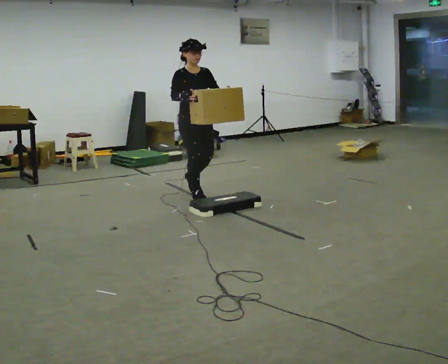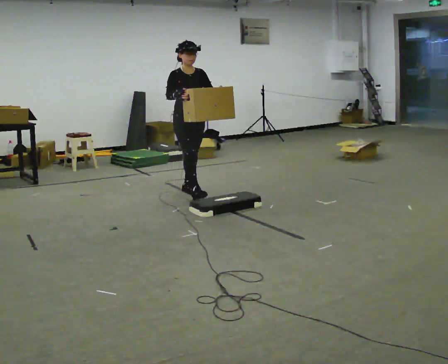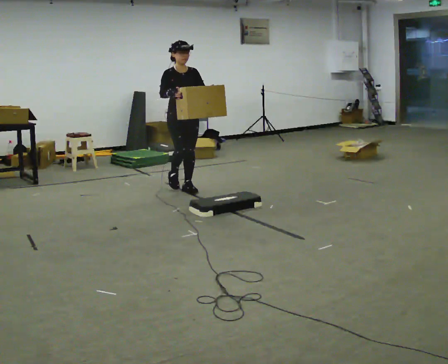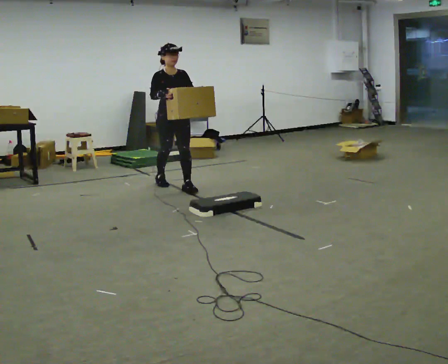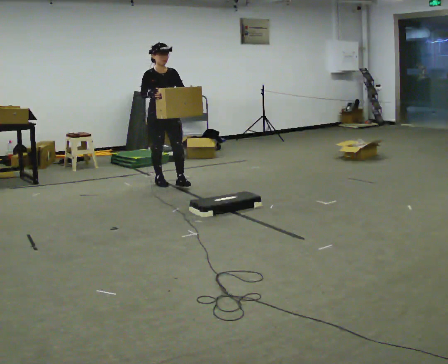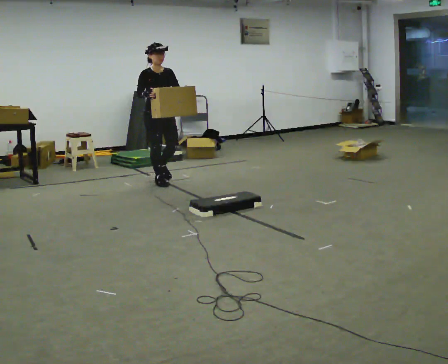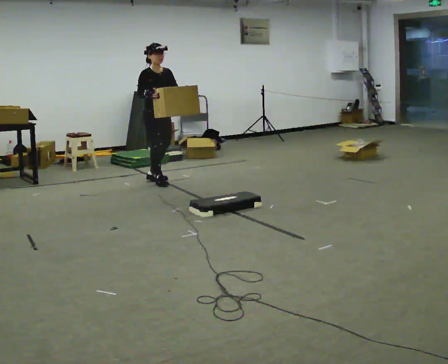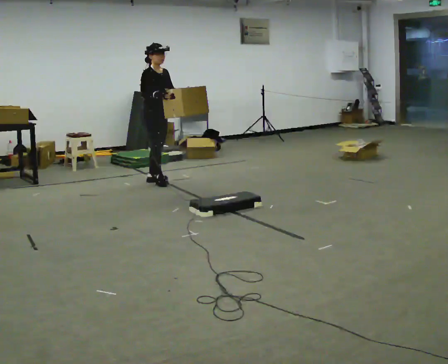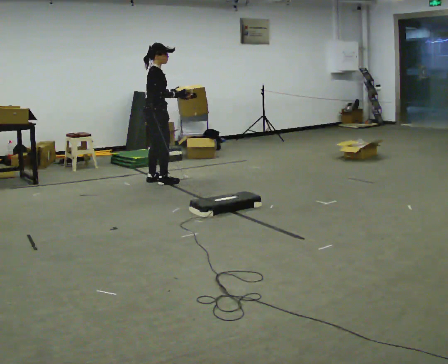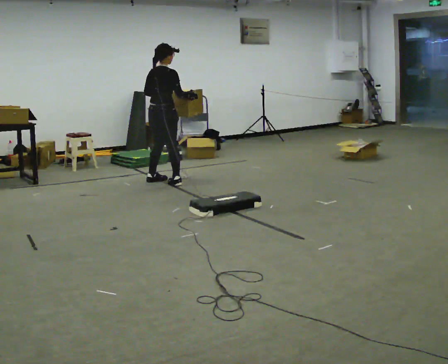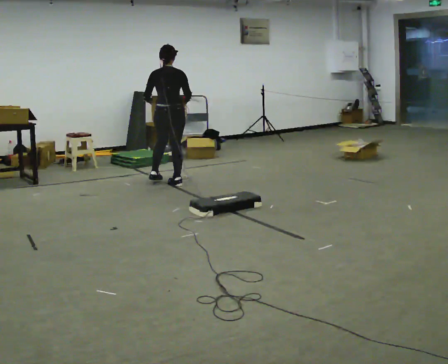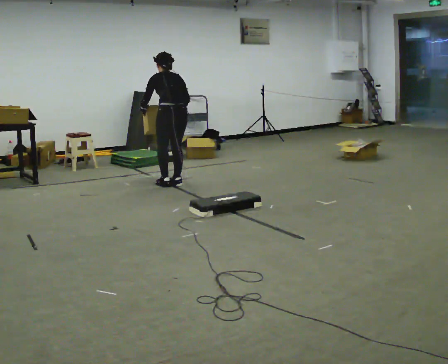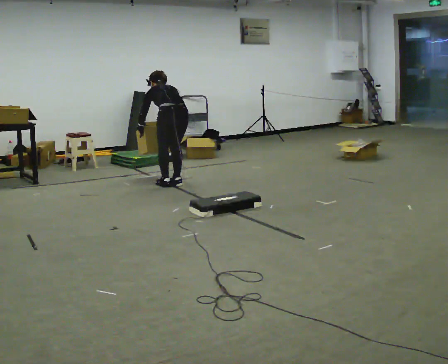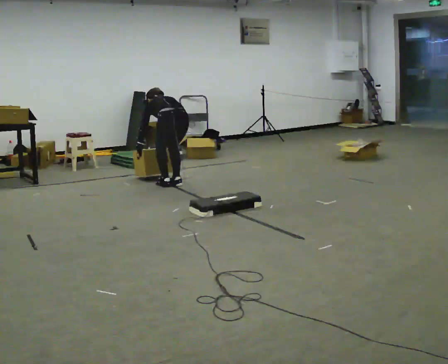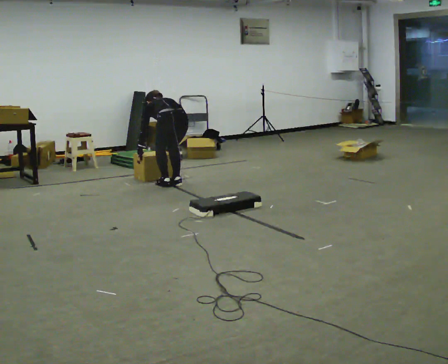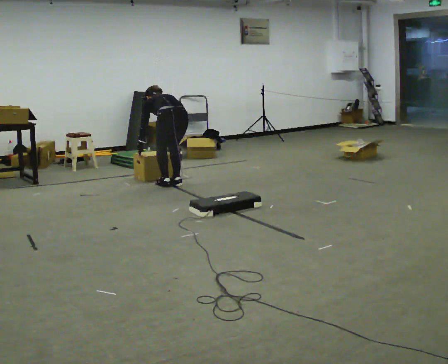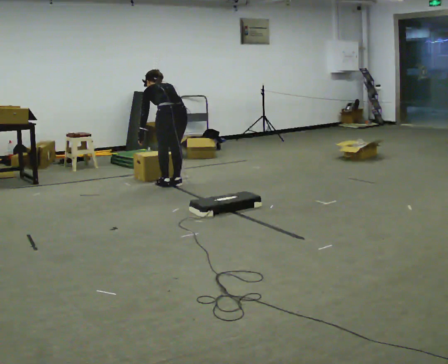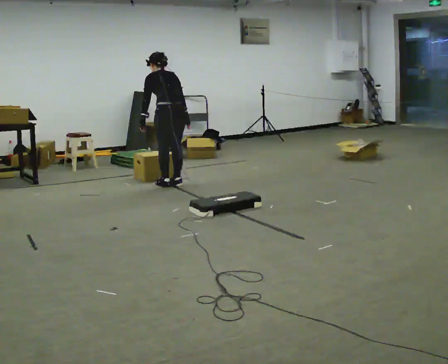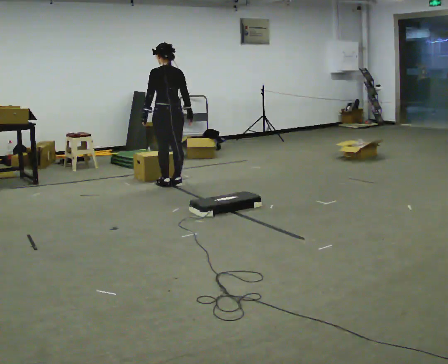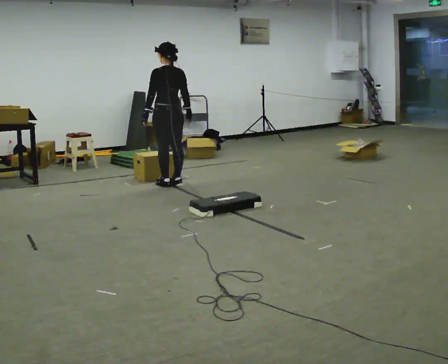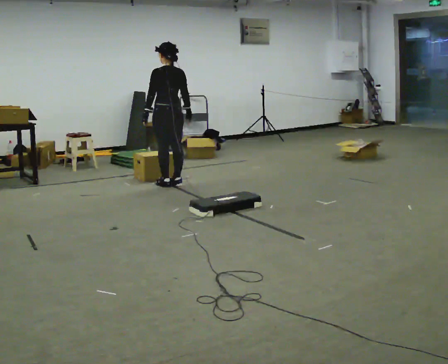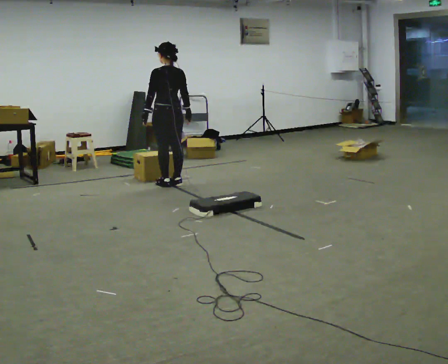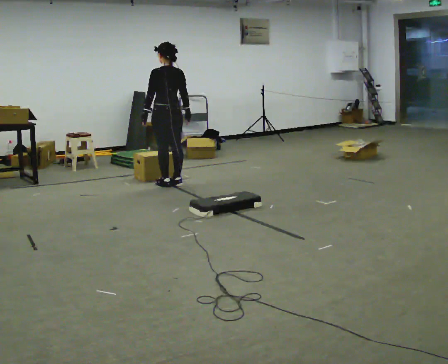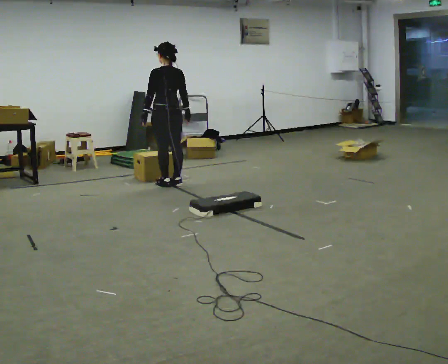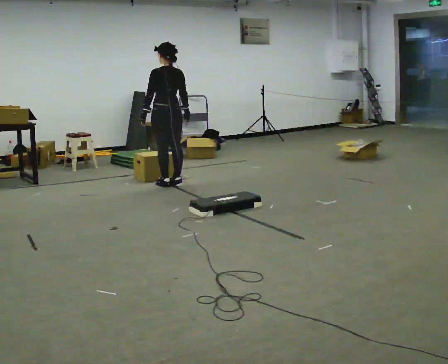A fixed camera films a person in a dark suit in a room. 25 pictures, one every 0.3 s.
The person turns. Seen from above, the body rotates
counterclockwise.
The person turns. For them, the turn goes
to their left.
0.0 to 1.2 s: In the picture they go away from the camera and to the left, about 0.75 m in 2 steps, which for them is backward.
1.2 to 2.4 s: Seen from above the body turns counterclockwise, about 75 degrees: to their left, with its near side sliding to the right. In the picture they go away from the camera, about 0.25 m in 1 step.
2.4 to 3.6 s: The person turns about 105 degrees to their left, counterclockwise seen from above, so the part of the body nearest the lens slides to the right. In the picture they go toward the camera and to the right, about 0.25 m in 1 step. The upper body goes downward. The upper body tips away from the camera, its near side rolling upward, as they bend forward. In the picture their left hand goes downward.
3.6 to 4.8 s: The person moves a little, or ends about where they began.
4.8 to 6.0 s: The shoulders move upward. The upper body tips toward the camera, its near side rolling downward, as they lean back or straighten.
6.0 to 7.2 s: The person keeps their place and pose.
The film runs backward here.
